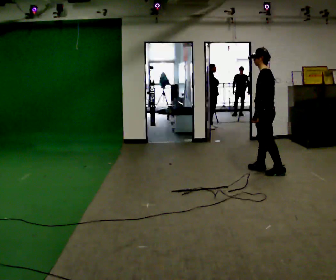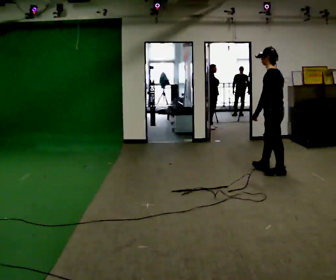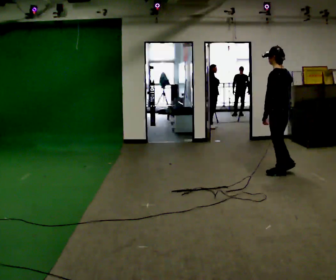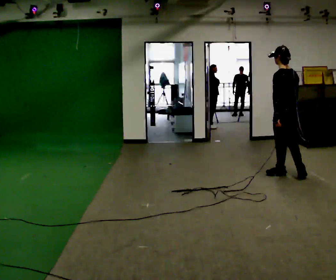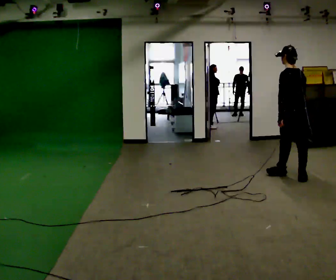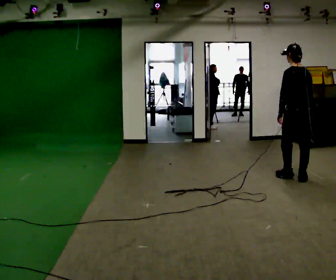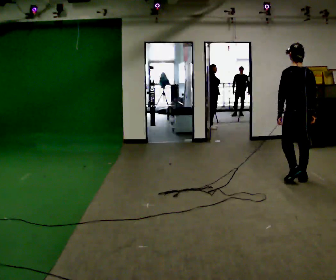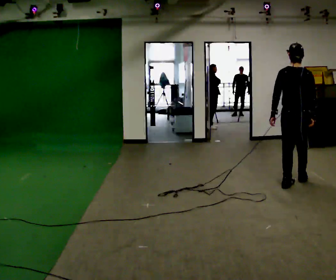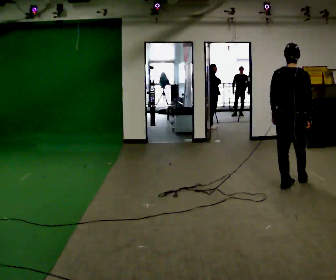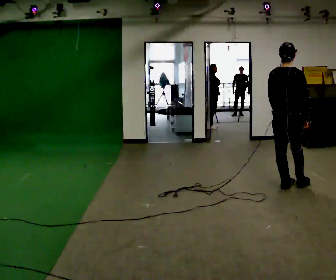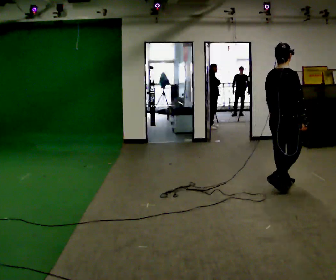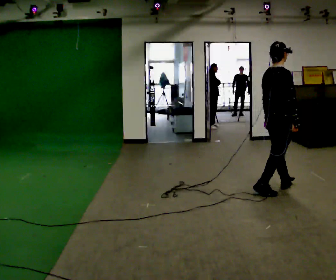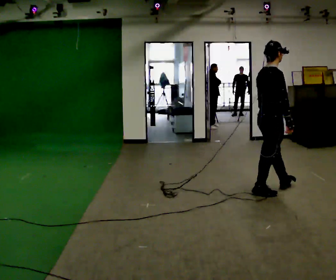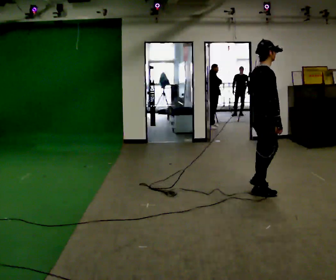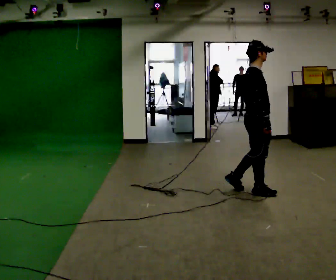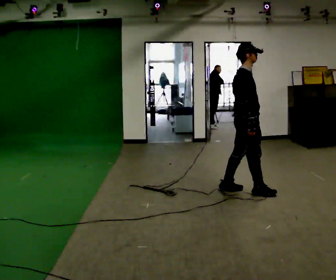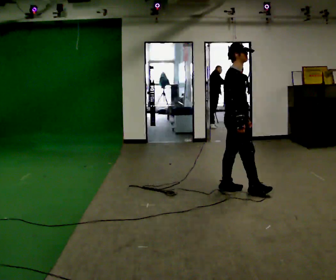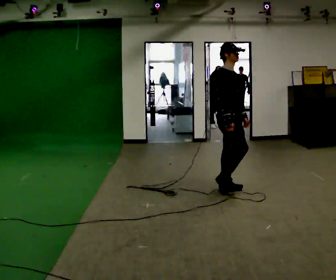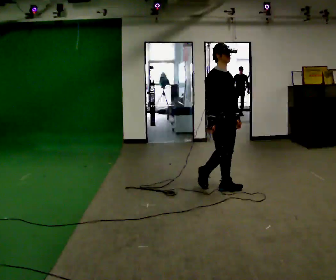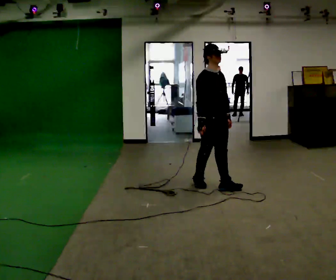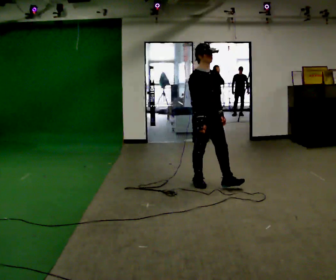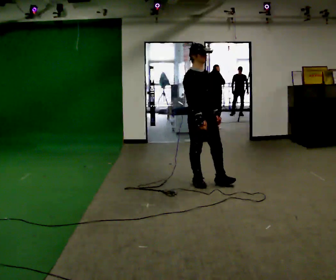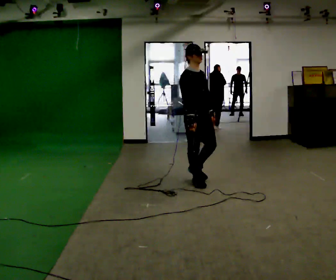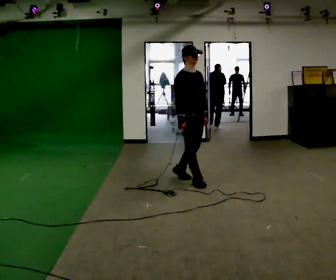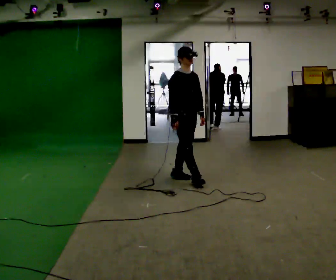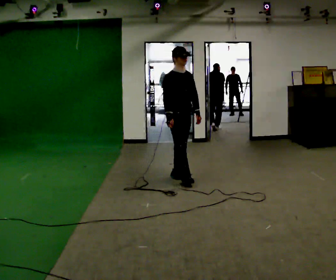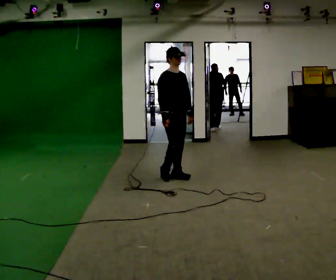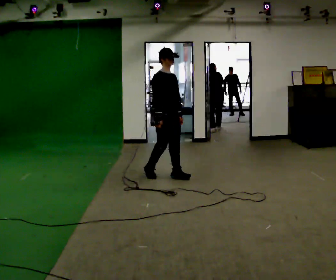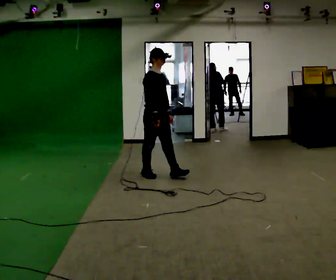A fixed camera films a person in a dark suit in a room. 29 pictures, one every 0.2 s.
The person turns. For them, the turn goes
to their right.
The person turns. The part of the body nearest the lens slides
to the left.
0.0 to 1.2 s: Seen from above the body turns clockwise, about 60 degrees: to their right, with its near side sliding to the left. In the picture they go toward the camera and to the right, about 0.75 m in 2 steps.
1.2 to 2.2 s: The part of the body nearest the lens slides to the left as the person turns to their right by about 75 degrees. In the picture they go toward the camera and to the left, about 0.5 m in 1 step.
2.2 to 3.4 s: The person turns about 45 degrees to their right, clockwise seen from above, so the part of the body nearest the lens slides to the left. In the picture they go to the left, about 0.5 m in 2 steps, which for them is backward.
3.4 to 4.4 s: In the picture they go to the left and away from the camera, about 0.5 m in 1 step, which for them is backward.
4.4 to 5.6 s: In the picture they go to the left and away from the camera, about 0.75 m in 2 steps, which for them is backward.
The film runs backward here.
